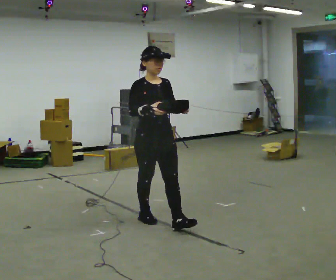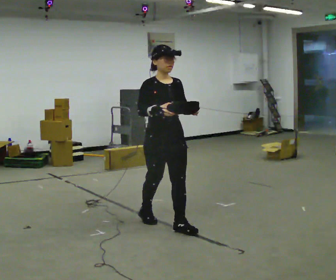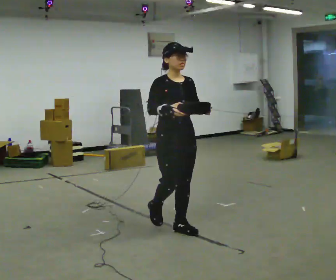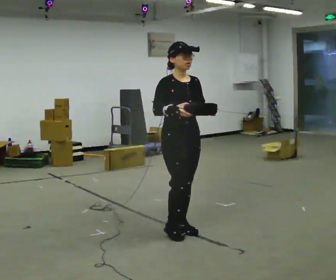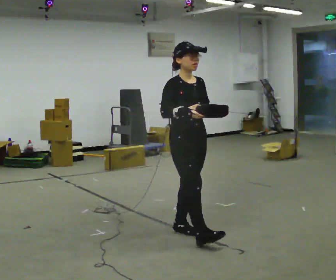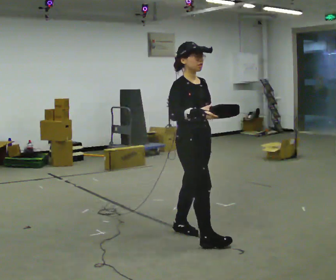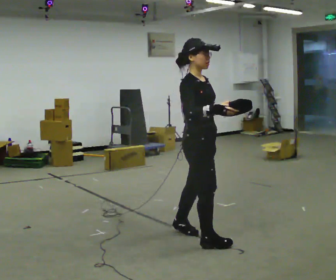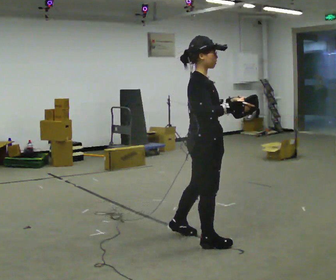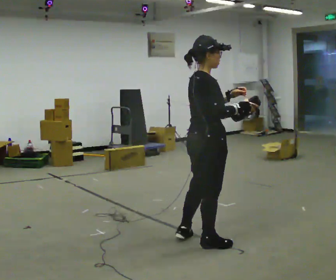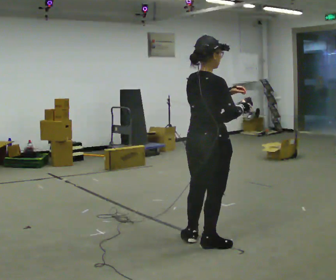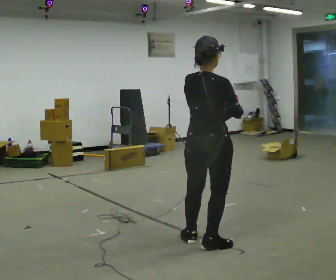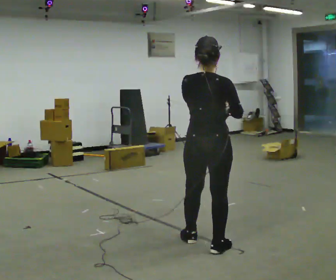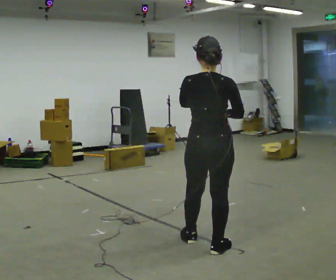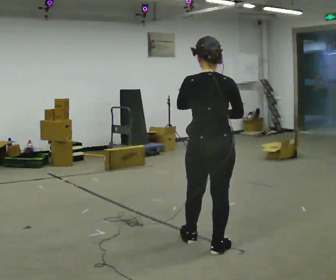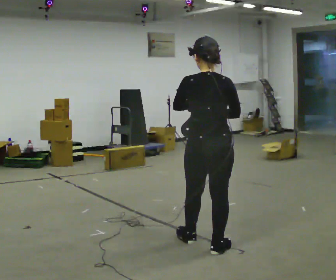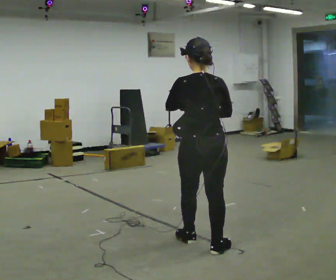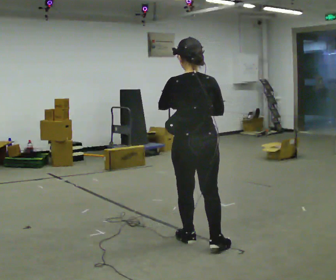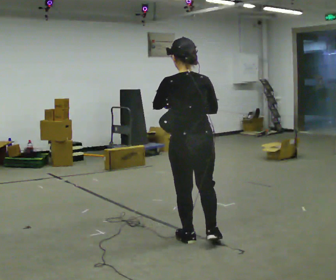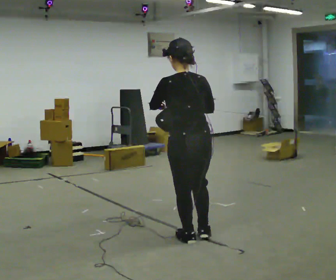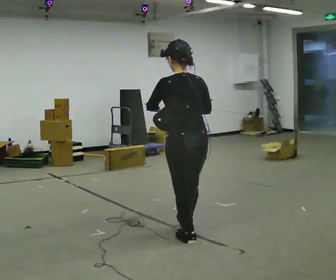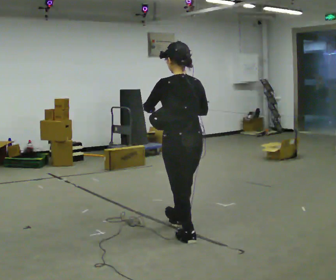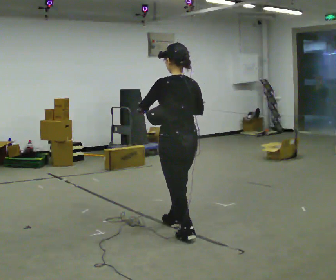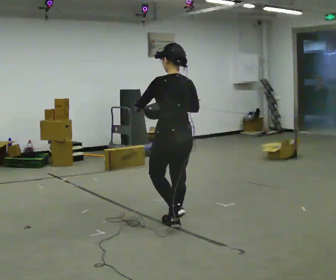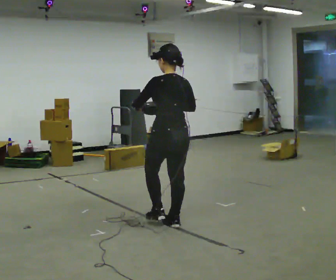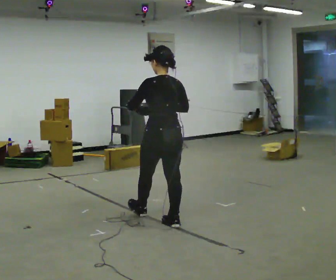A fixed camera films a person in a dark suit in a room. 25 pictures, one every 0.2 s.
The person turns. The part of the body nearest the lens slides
to the right.
The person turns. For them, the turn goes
to their left.
0.0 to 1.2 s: The part of the body nearest the lens slides to the right as the person turns to their left by about 45 degrees. In the picture they go to the right and toward the camera, about 0.5 m in 2 steps, which for them is forward.
1.2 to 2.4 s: Seen from above the body turns counterclockwise, about 105 degrees: to their left, with its near side sliding to the right. In the picture they go toward the camera, about 0.25 m in 2 steps.
2.4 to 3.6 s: In the picture they go to the left, about 0.25 m, which for them is forward and to their left. In the picture their left hand goes to the left.
3.6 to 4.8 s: In the picture they go away from the camera and to the left, about 0.5 m in 1 step, which for them is forward.
The film runs forward here.
